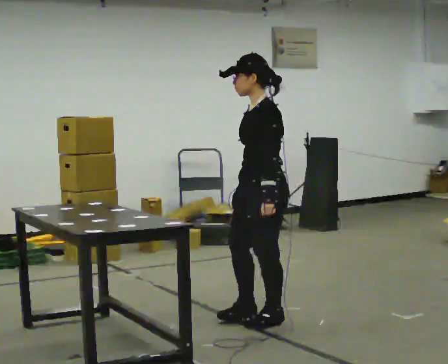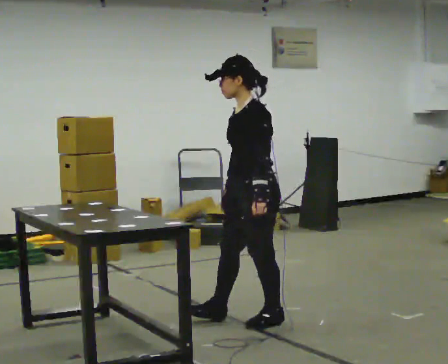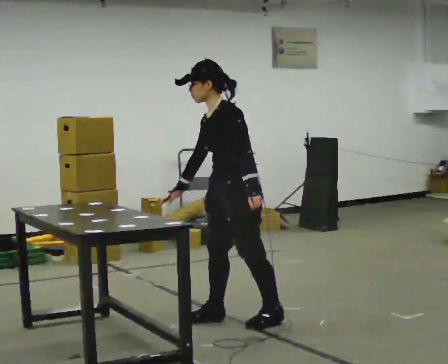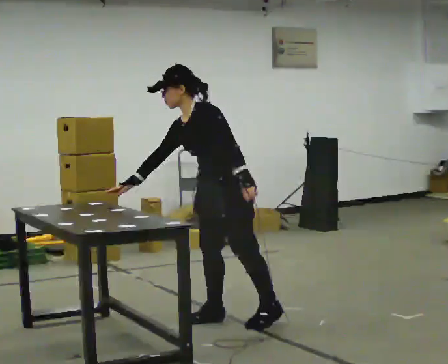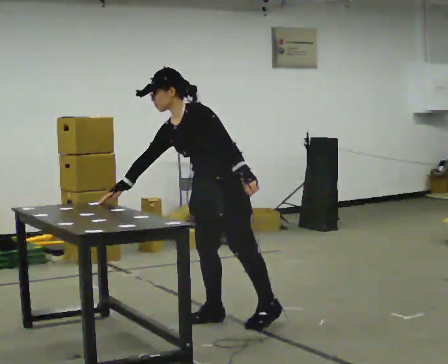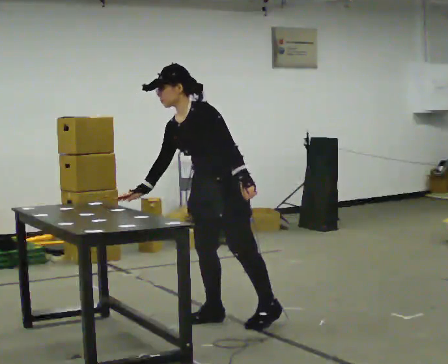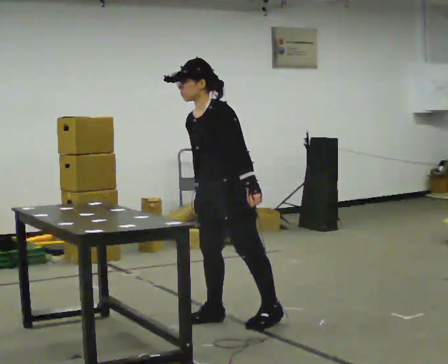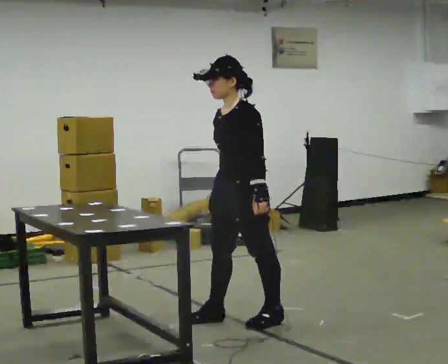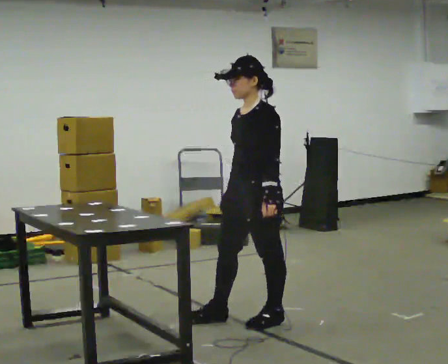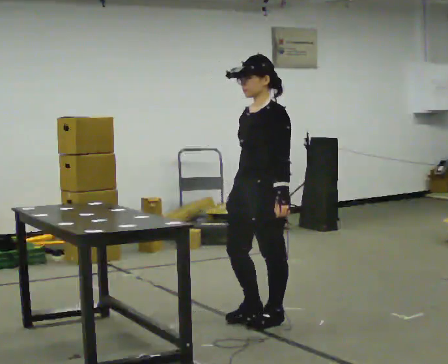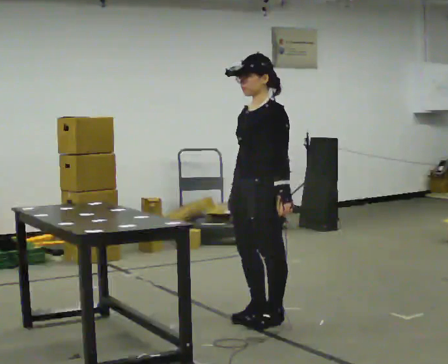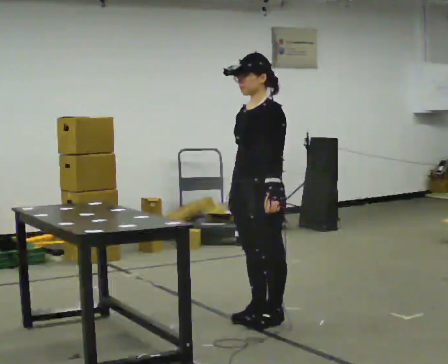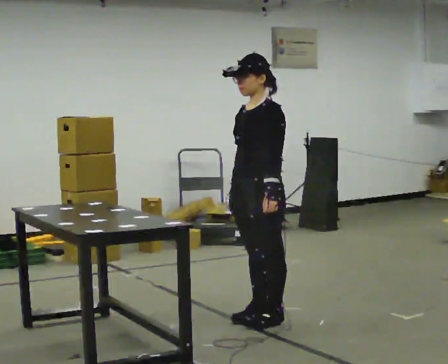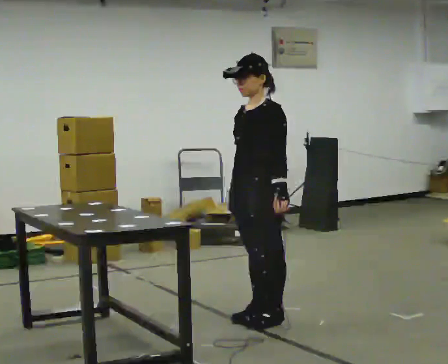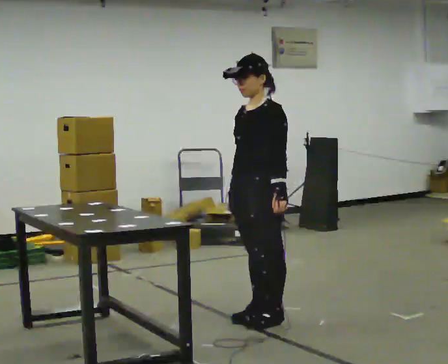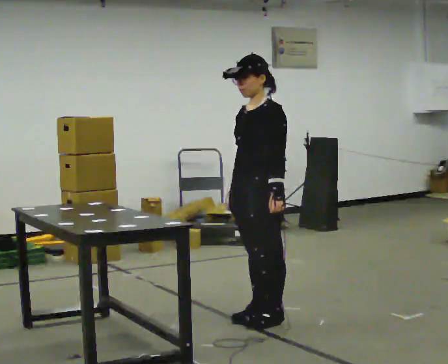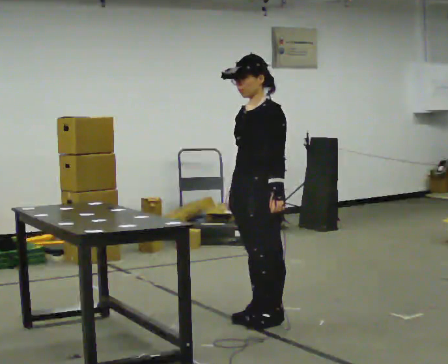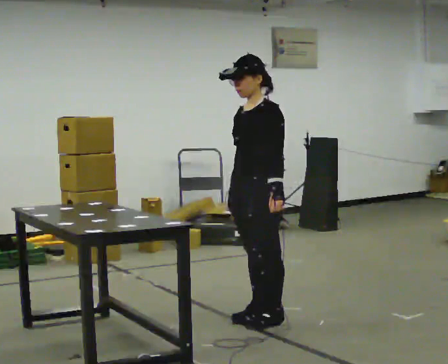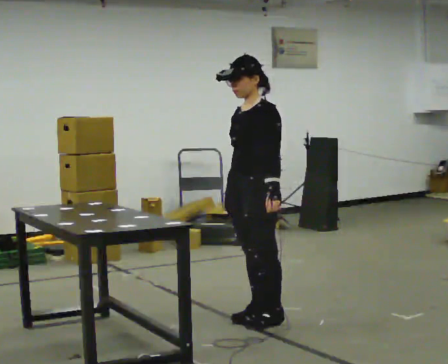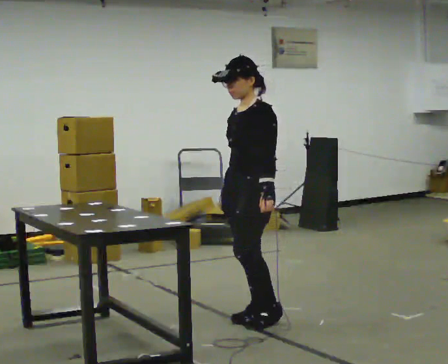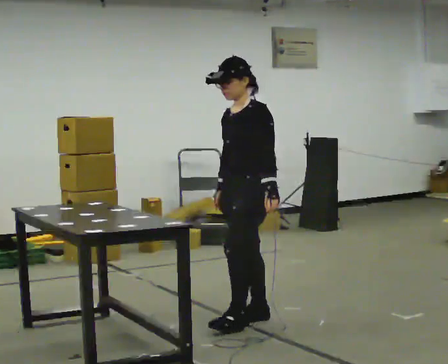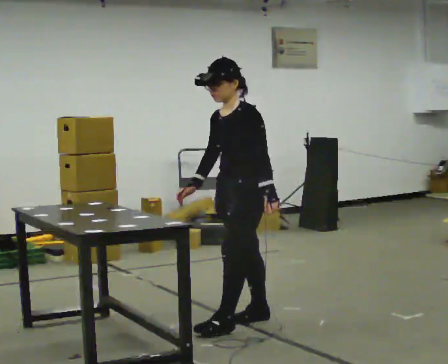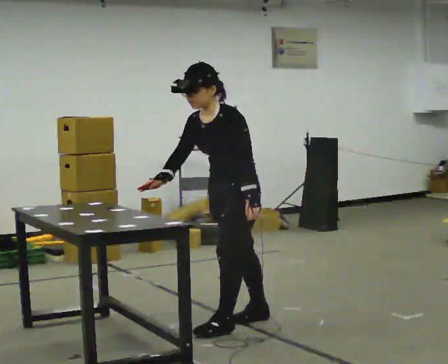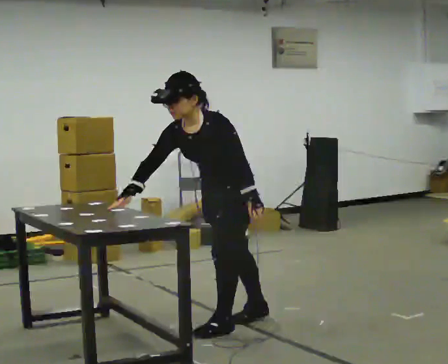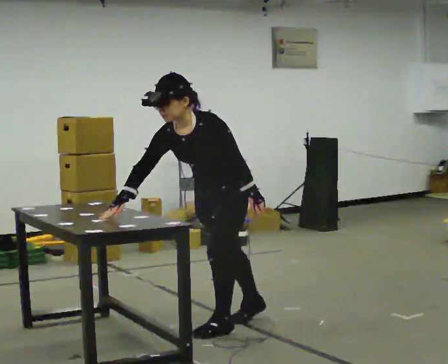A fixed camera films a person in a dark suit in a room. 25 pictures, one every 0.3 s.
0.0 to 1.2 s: In the picture they go to the left, about 0.25 m in 1 step, which for them is forward and to their right. In the picture the upper body tilts counterclockwise, shoulders to the left, as they bend forward.
1.2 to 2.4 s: In the picture they go to the right, about 0.25 m, which for them is to their left and backward. In the picture the upper body tilts clockwise, shoulders to the right, as they lean back or straighten.
2.4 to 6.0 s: The person moves a little, or ends about where they began.
6.0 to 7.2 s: In the picture they go toward the camera and to the left, about 0.25 m in 1 step, which for them is forward. The upper body tips toward the camera, its near side rolling downward, as they bend forward. In the picture their right hand goes to the left.
The film runs forward here.
